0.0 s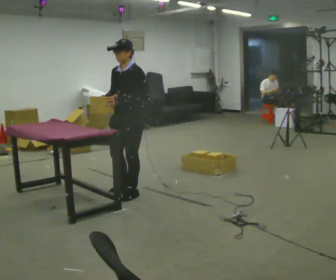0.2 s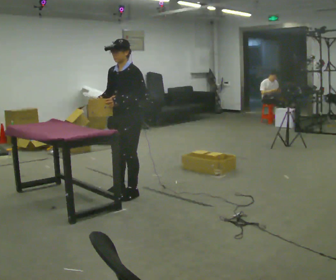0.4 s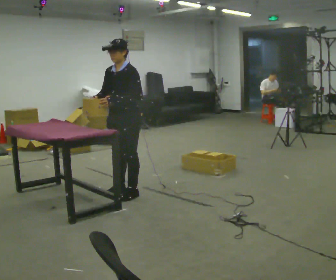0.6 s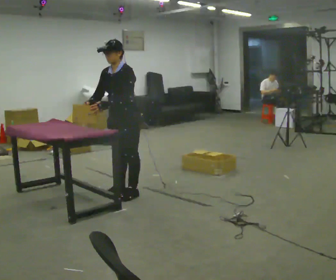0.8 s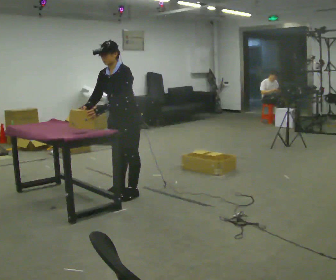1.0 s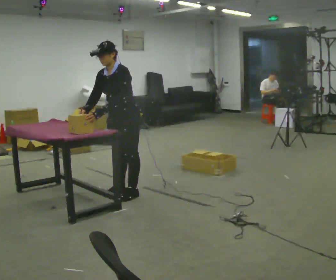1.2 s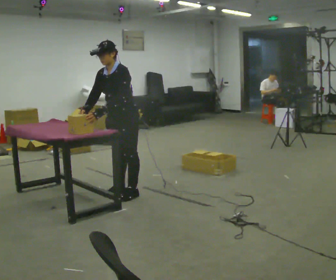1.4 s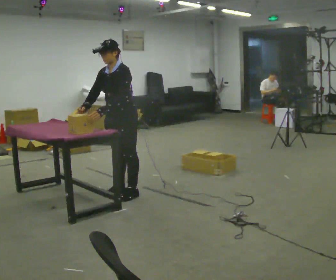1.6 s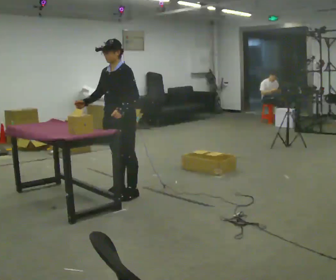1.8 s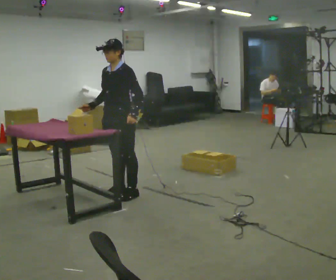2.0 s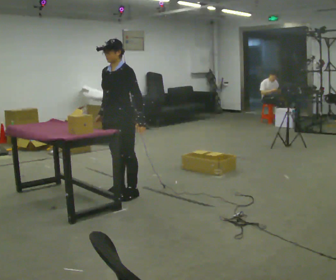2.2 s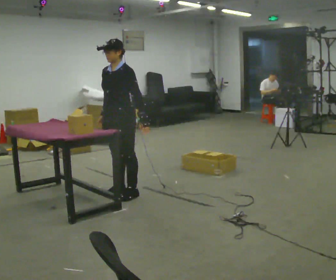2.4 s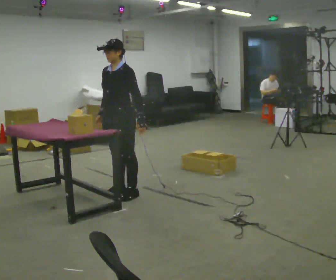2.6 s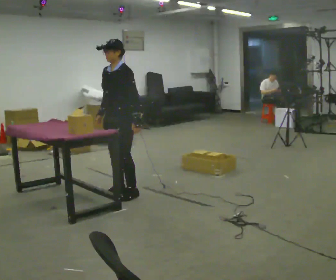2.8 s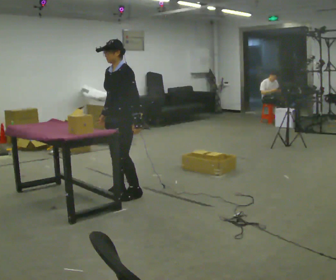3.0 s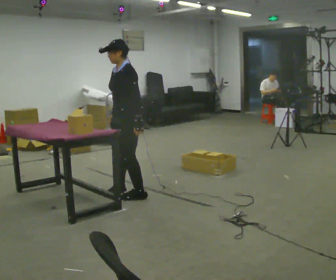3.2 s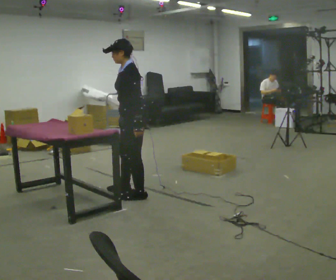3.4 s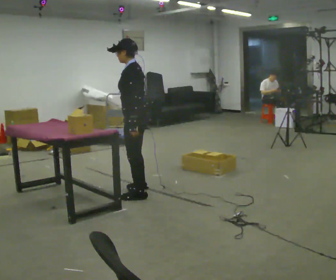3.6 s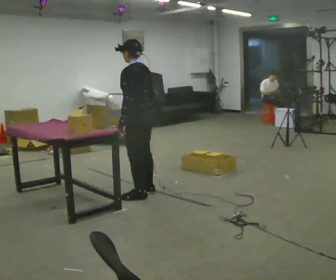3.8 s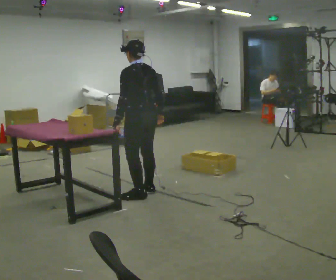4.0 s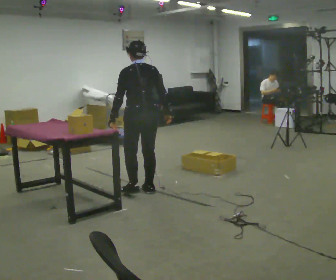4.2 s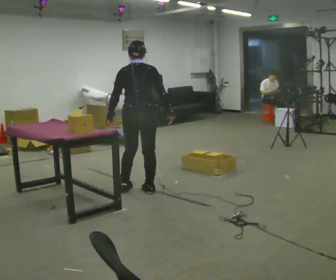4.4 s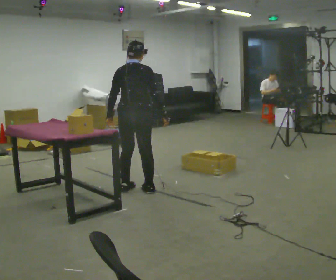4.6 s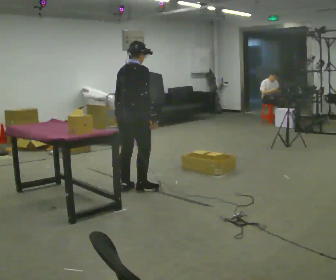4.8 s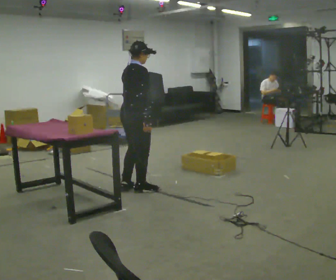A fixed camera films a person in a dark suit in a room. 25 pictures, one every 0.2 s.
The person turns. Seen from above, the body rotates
clockwise.
The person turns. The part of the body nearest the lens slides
to the left.
0.0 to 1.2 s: In the picture the upper body tilts counterclockwise, shoulders to the left, as they bend forward.
1.2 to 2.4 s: In the picture the upper body tilts clockwise, shoulders to the right, as they lean back or straighten. In the picture their left hand goes to the right, the arm swinging counterclockwise.
2.4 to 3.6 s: The person turns about 75 degrees to their right, clockwise seen from above, so the part of the body nearest the lens slides to the left. In the picture they go to the right, about 0.25 m in 1 step. In the picture their right hand goes to the right, the arm swinging counterclockwise.
3.6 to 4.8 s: The part of the body nearest the lens slides to the left as the person turns to their right by about 120 degrees. In the picture they go away from the camera, about 0.25 m in 1 step. In the picture their left hand goes to the right.
The film runs forward here.
